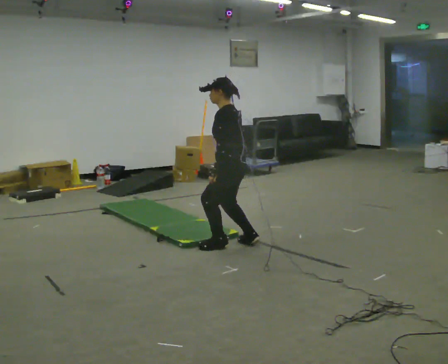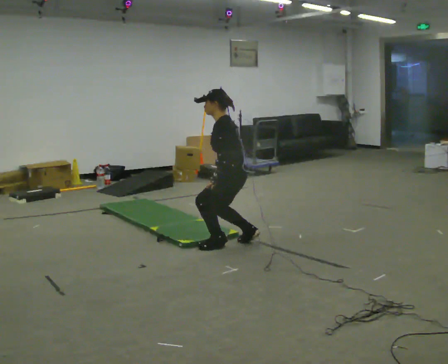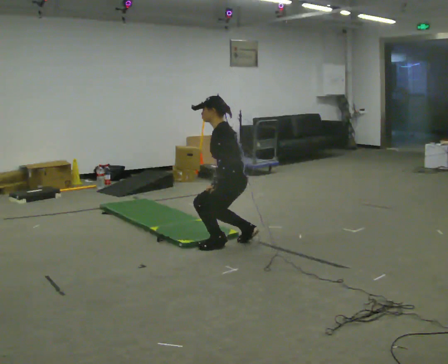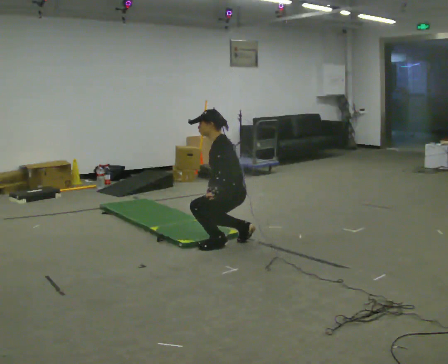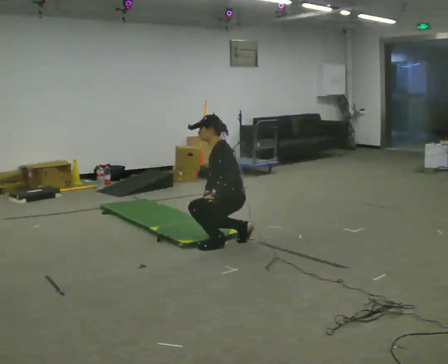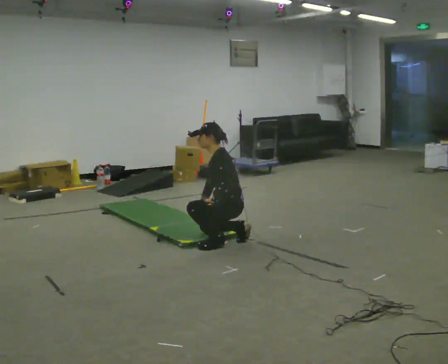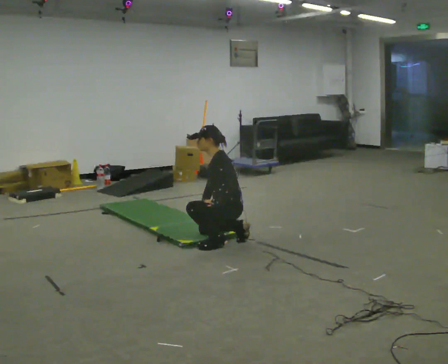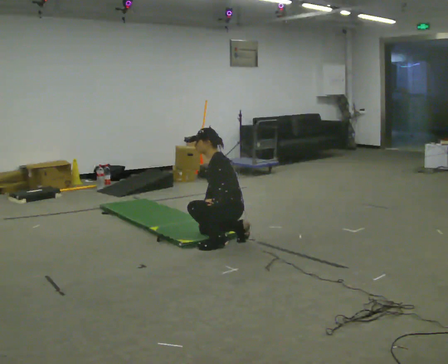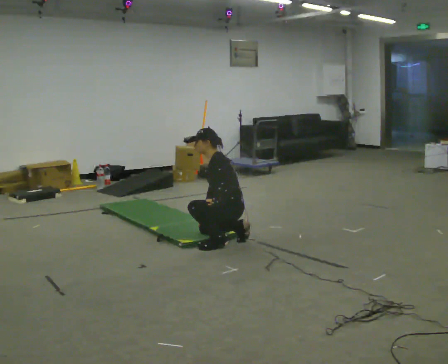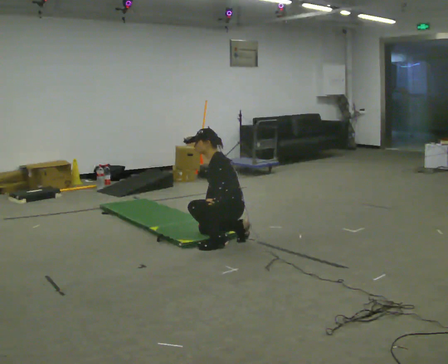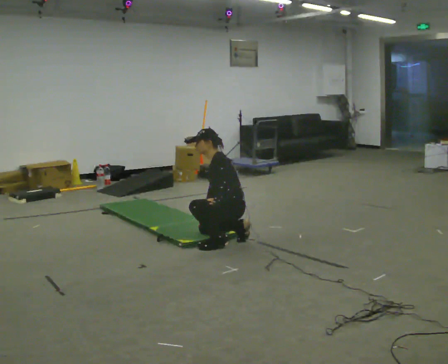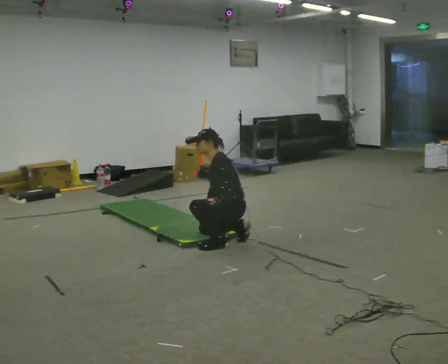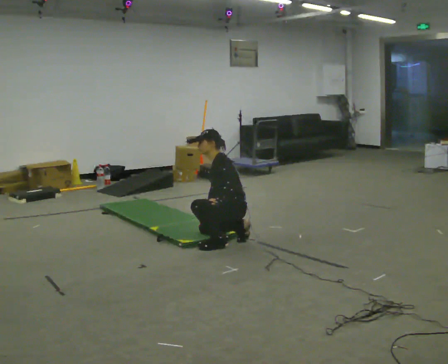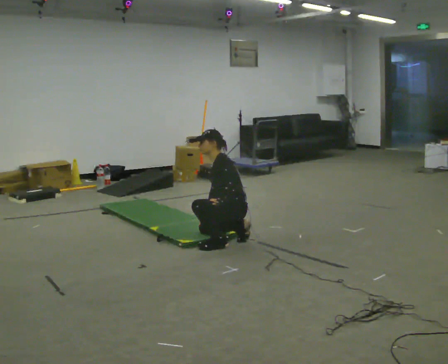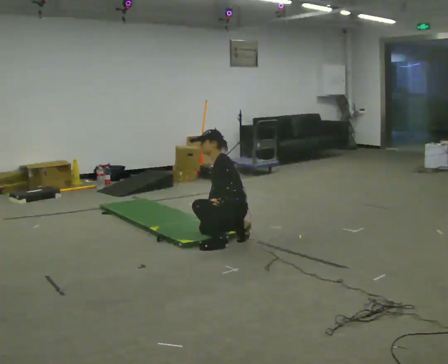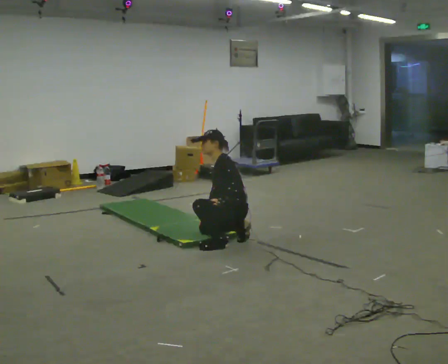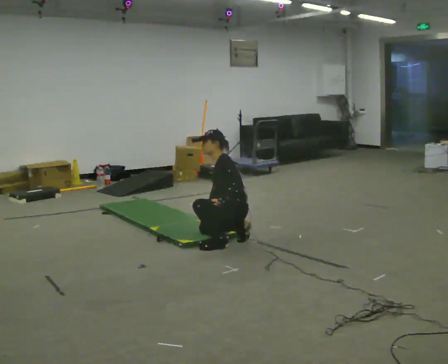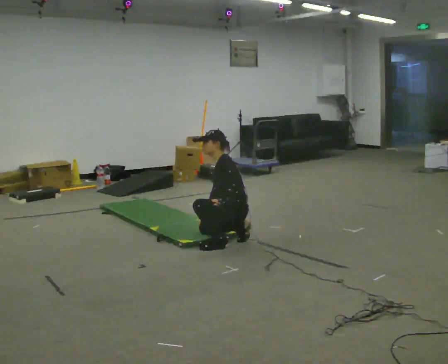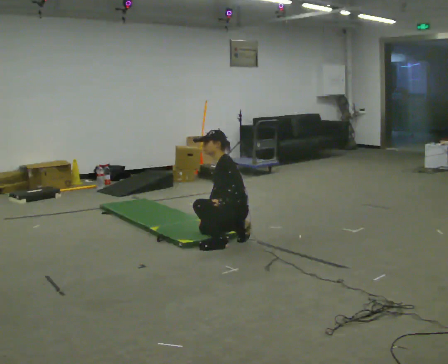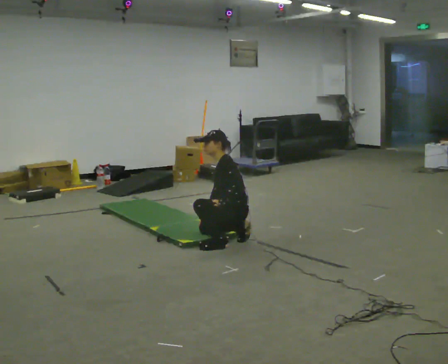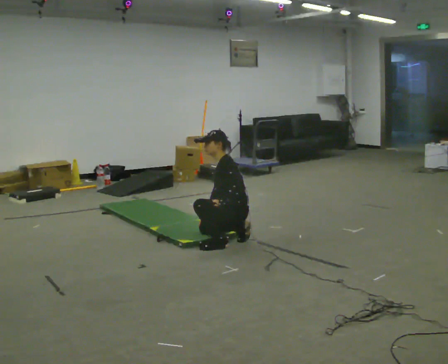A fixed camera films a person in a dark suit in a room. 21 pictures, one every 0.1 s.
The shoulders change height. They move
downward.
Their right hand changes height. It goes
downward.
0.0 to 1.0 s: The shoulders move downward. In the picture the upper body tilts counterclockwise, shoulders to the left.
1.0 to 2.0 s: The person moves a little, or ends about where they began.
The film runs forward here.
